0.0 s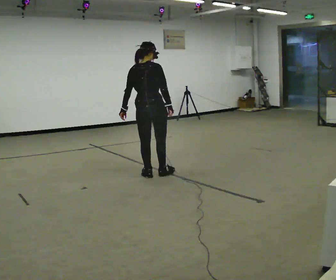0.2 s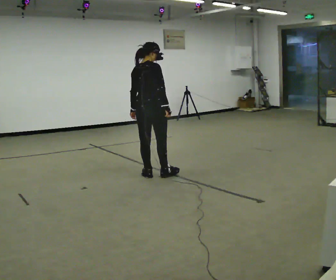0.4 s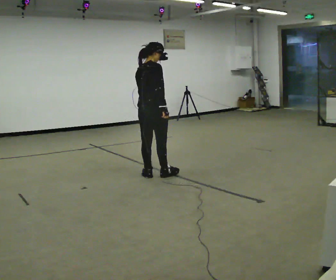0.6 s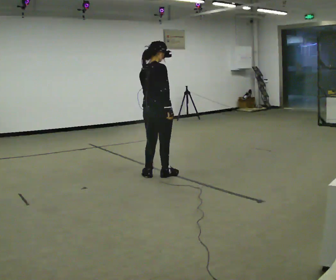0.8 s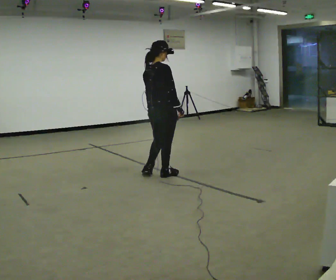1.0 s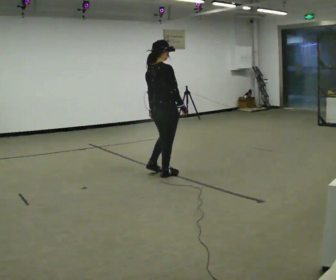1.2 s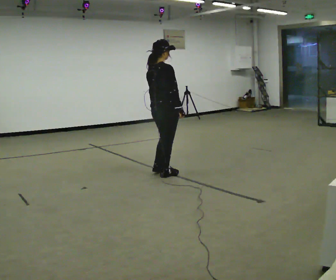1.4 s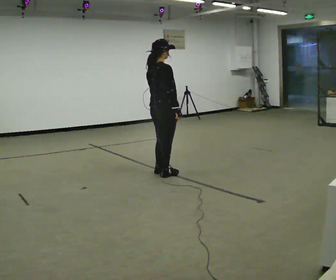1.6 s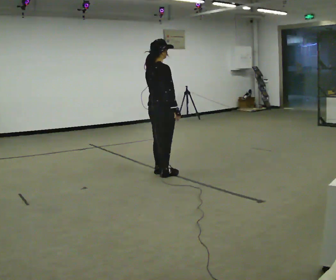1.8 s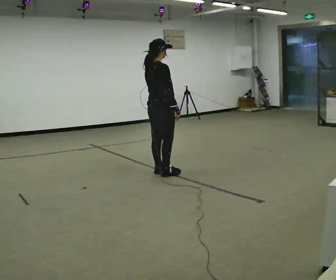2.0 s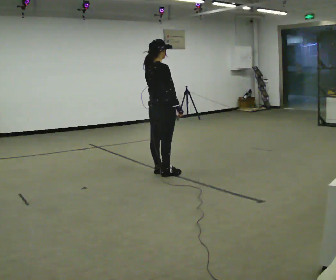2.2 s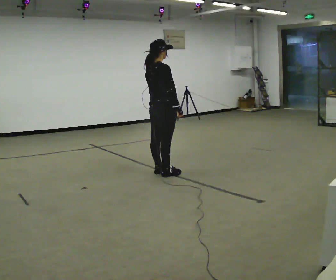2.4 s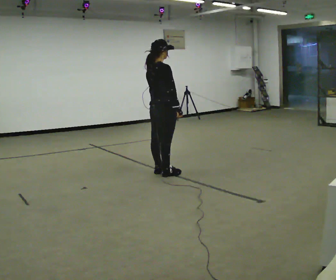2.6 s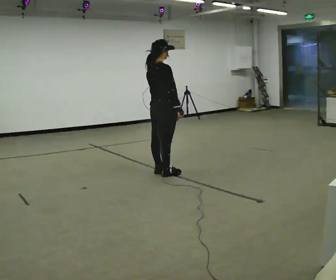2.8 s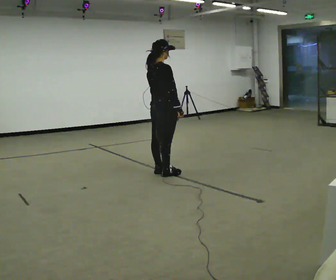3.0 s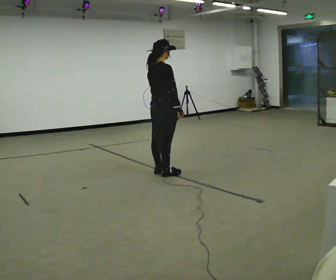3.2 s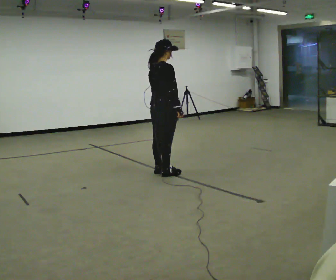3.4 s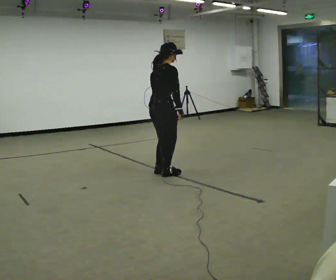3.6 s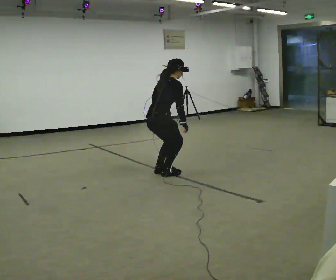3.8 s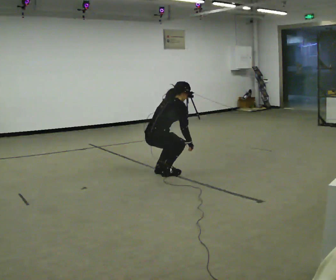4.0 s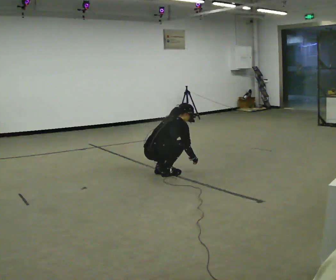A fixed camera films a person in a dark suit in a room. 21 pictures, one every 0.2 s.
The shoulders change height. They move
downward.
The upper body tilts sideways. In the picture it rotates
clockwise.
0.0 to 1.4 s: The part of the body nearest the lens slides to the left as the person turns to their right by about 30 degrees. In the picture their left hand goes to the right.
1.4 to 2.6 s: The person moves a little, or ends about where they began.
2.6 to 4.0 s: The upper body goes downward. In the picture the upper body tilts clockwise, shoulders to the right, as they bend forward. In the picture their left hand goes downward.
The film runs forward here.
